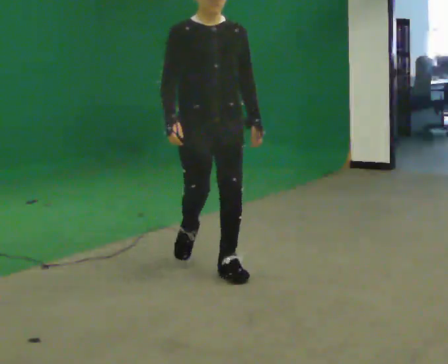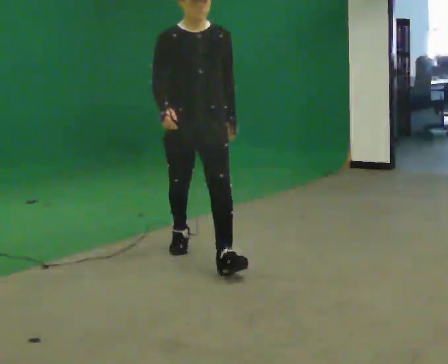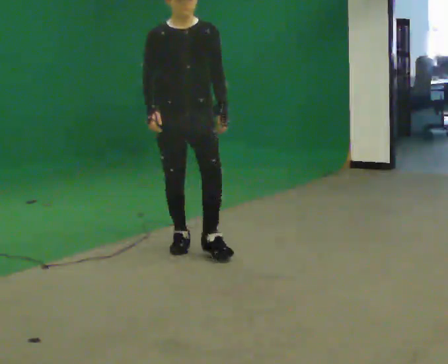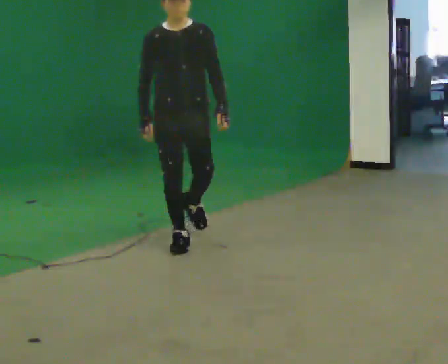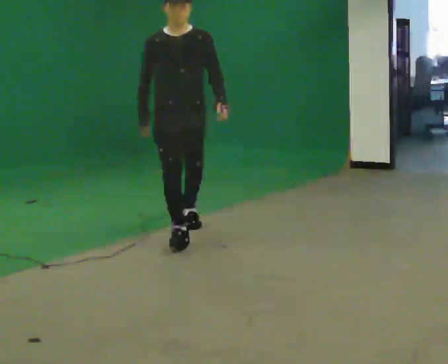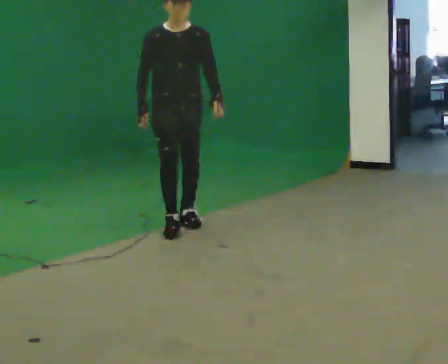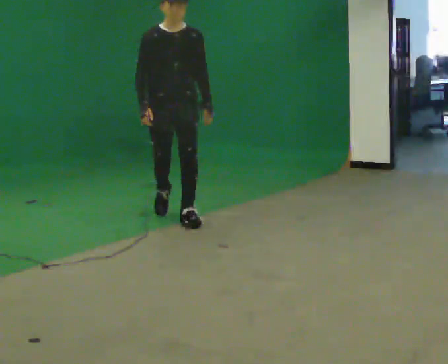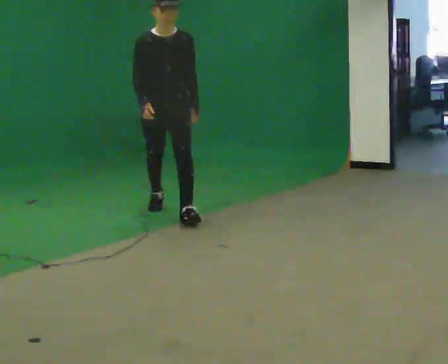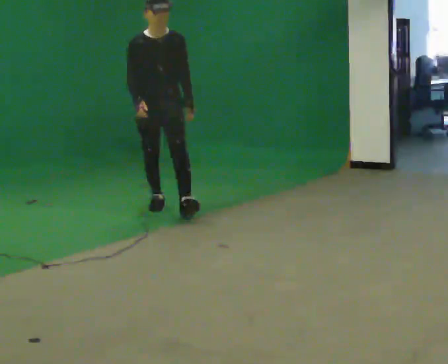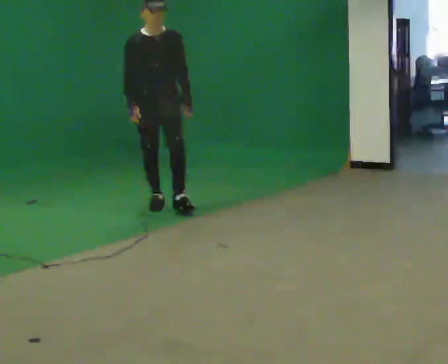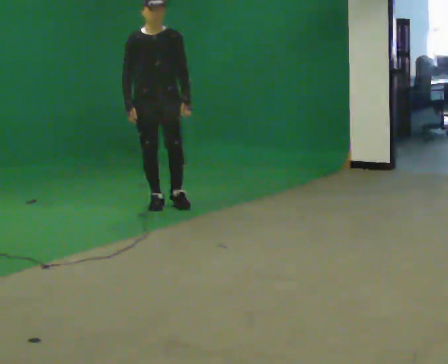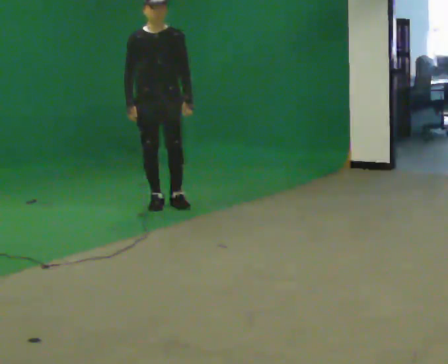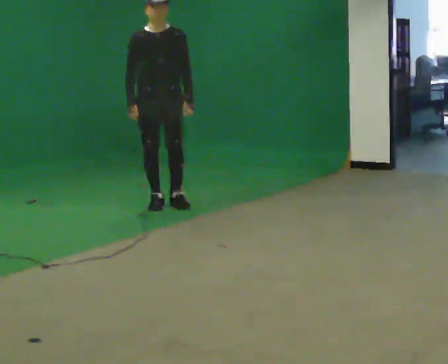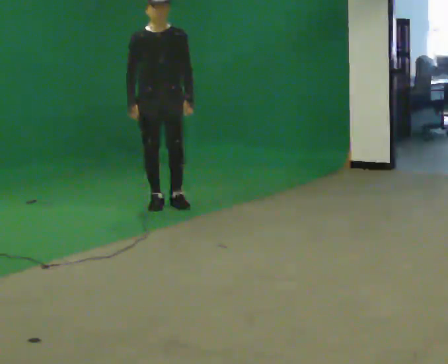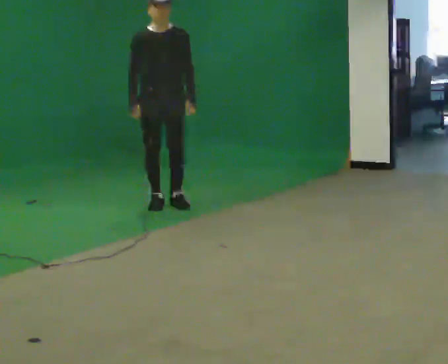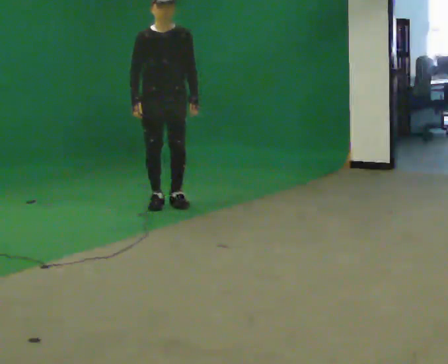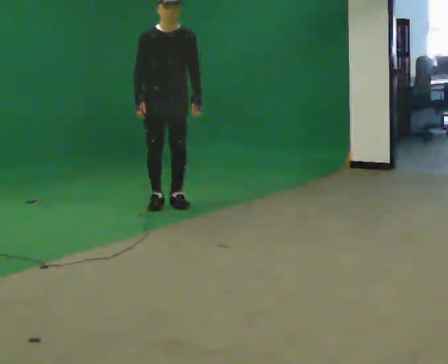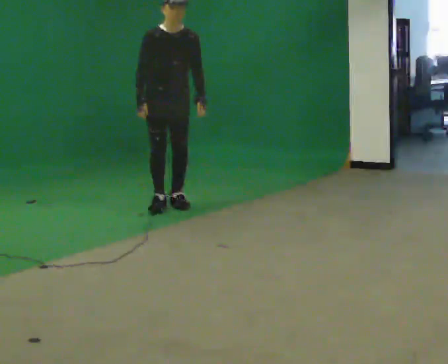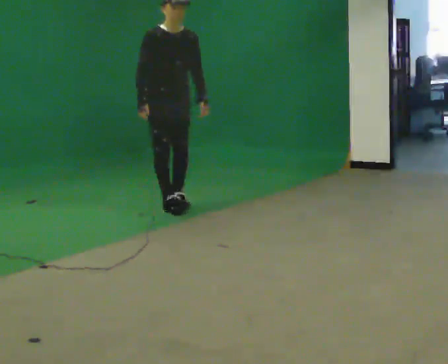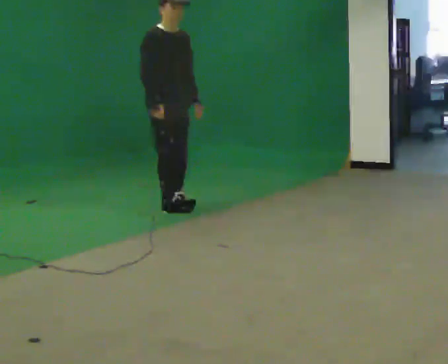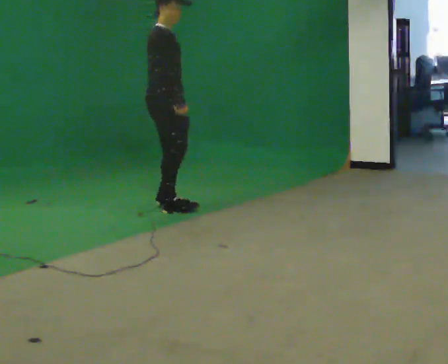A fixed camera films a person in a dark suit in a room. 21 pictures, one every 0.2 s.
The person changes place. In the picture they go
away from the camera.
The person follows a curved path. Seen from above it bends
clockwise.
0.0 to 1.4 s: In the picture they go away from the camera, about 1.5 m in 2 steps, which for them is backward.
1.4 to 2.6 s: In the picture they go away from the camera, about 0.5 m in 1 step, which for them is backward.
2.6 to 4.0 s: Seen from above the body turns counterclockwise, about 60 degrees: to their left, with its near side sliding to the right. In the picture they go toward the camera, about 0.25 m in 2 steps. In the picture their right hand goes to the right.
The film runs backward here.
